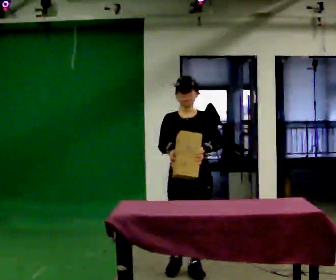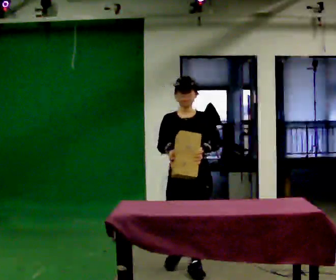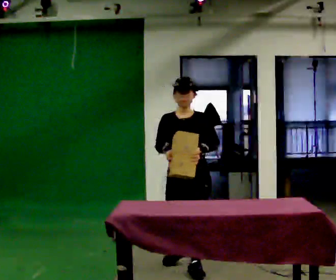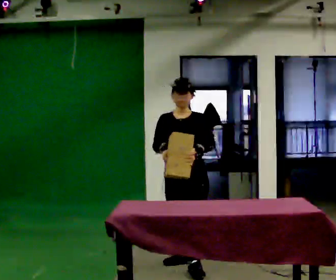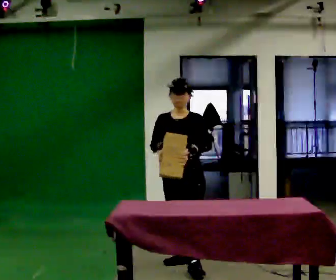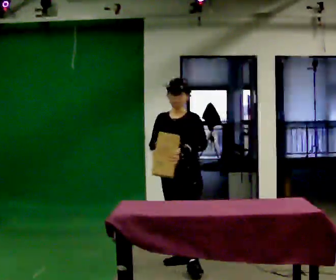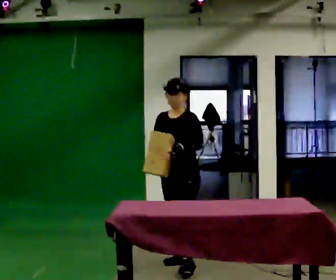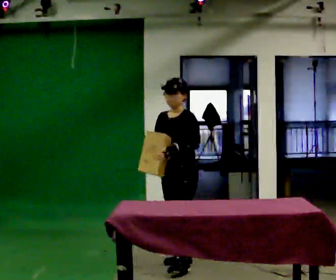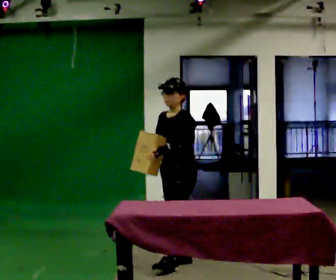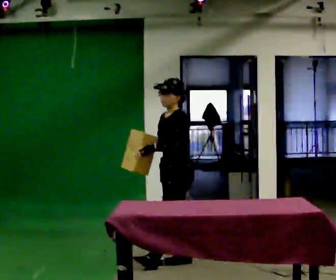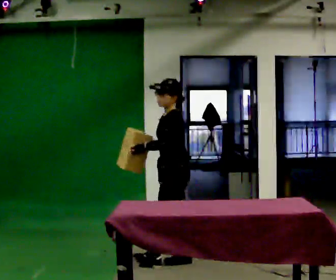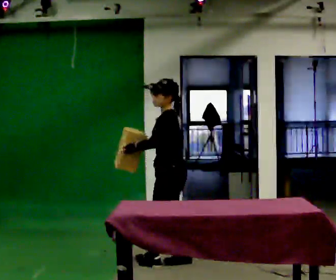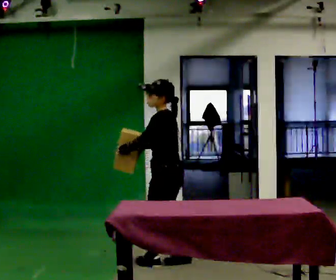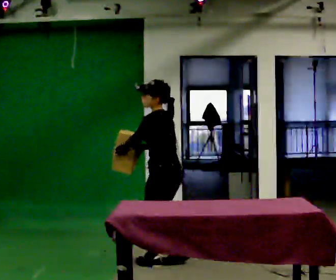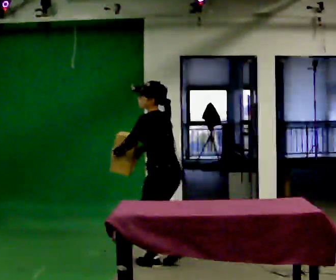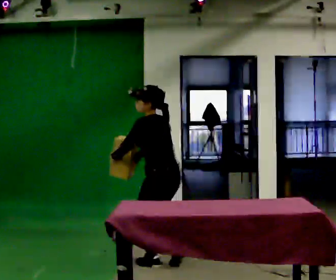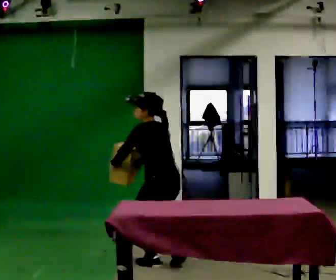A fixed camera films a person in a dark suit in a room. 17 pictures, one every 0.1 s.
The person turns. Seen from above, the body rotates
clockwise.
The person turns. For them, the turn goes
to their right.
0.0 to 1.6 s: The person turns about 120 degrees to their right, clockwise seen from above, so the part of the body nearest the lens slides to the left. In the picture they go away from the camera and to the left, about 0.25 m in 1 step. In the picture the upper body tilts counterclockwise, shoulders to the left, as they bend forward.
The film runs backward here.
